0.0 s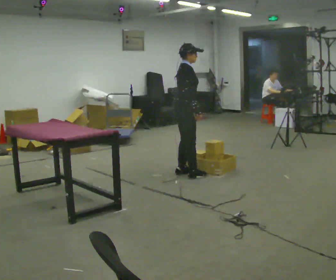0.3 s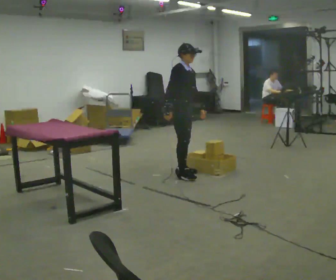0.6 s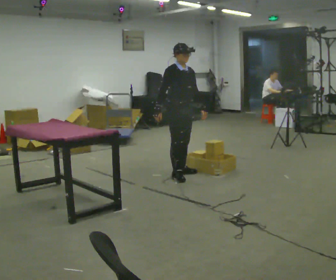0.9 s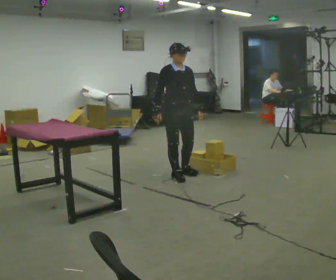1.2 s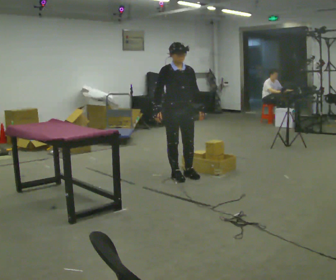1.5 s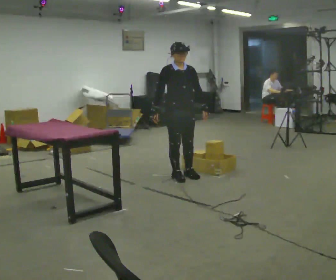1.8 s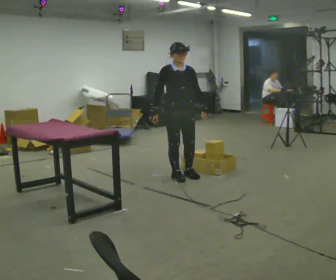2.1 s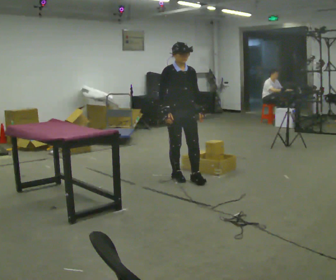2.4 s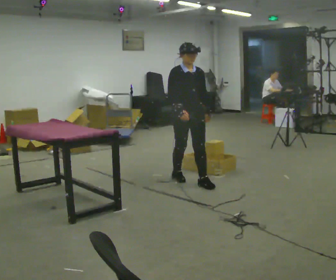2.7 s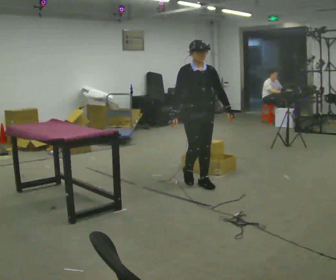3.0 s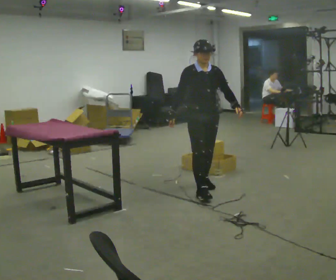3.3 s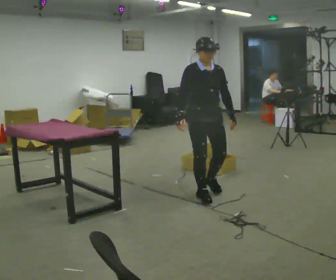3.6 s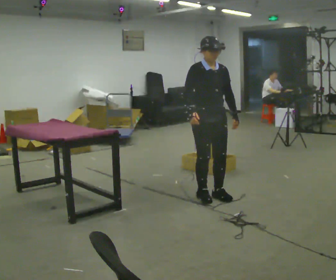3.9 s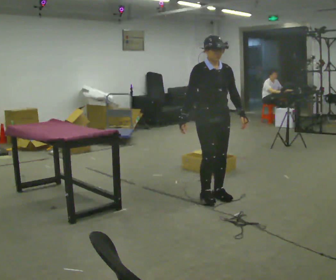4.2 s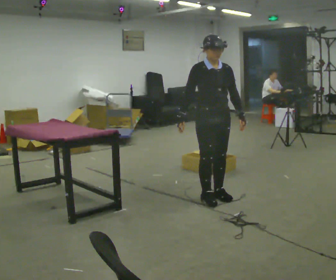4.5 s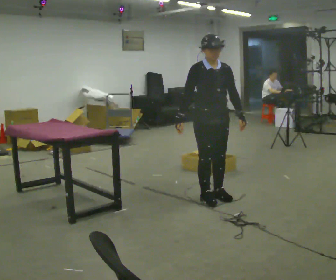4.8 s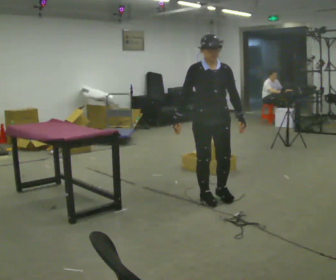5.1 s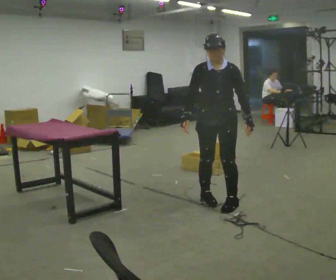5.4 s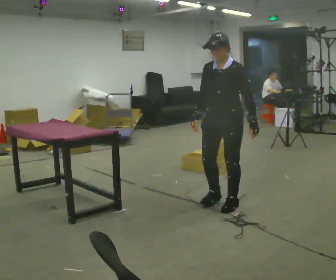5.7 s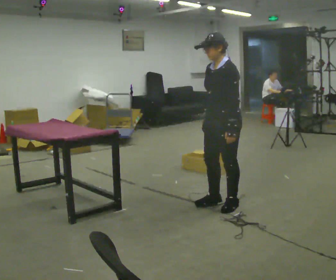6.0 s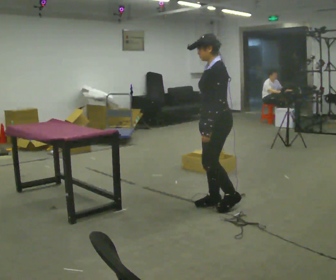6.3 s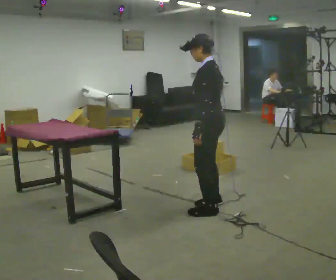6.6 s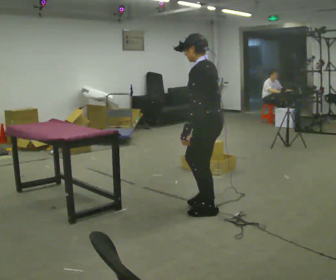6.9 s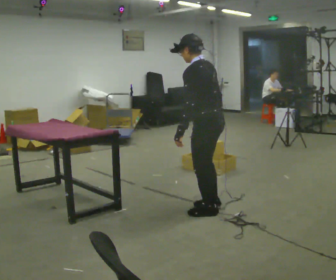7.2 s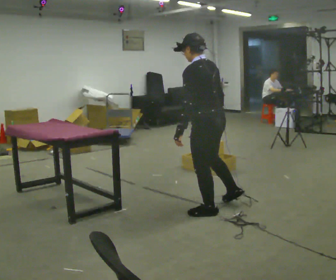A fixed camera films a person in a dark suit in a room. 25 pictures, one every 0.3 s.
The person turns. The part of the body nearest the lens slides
to the left.
The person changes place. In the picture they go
toward the camera.
0.0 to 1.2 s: Seen from above the body turns clockwise, about 75 degrees: to their right, with its near side sliding to the left. In the picture their right hand goes to the left.
1.2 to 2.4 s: In the picture they go toward the camera, about 0.25 m in 1 step, which for them is forward.
2.4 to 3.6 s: In the picture they go toward the camera, about 0.5 m in 2 steps, which for them is forward.
3.6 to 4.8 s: The person moves a little, or ends about where they began.
4.8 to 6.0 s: The part of the body nearest the lens slides to the left as the person turns to their right by about 90 degrees. In the picture they go toward the camera, about 0.25 m in 2 steps. In the picture their left hand goes to the left, the arm swinging clockwise.
6.0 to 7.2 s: The part of the body nearest the lens slides to the left as the person turns to their right by about 45 degrees. In the picture they go toward the camera, about 0.25 m in 1 step, which for them is to their left.
The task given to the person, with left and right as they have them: Carry the object across the room and place it on the lowest shelf, crouching down to do it. Keep going until the operator says stop; one object at a time, and do not rush between trips.
The film runs forward here.
